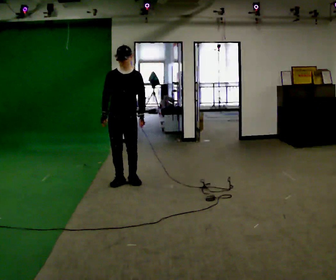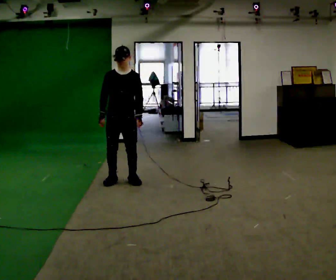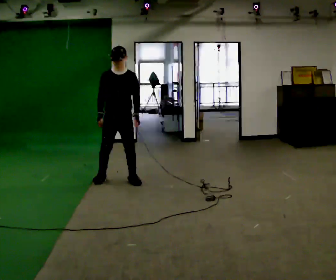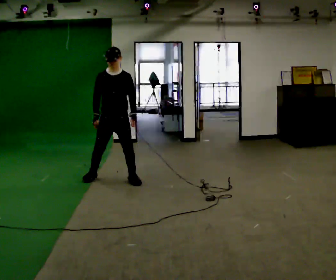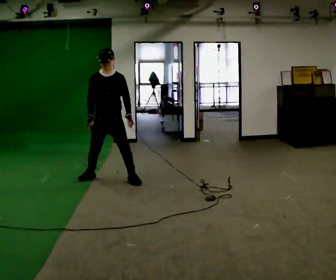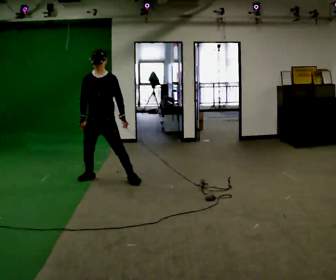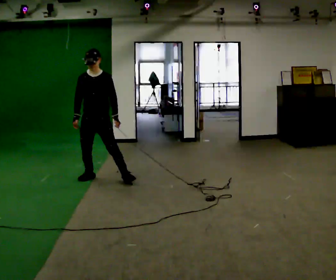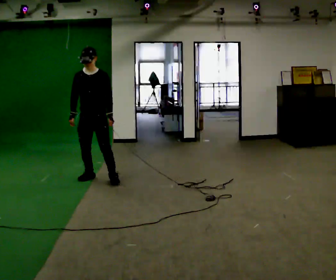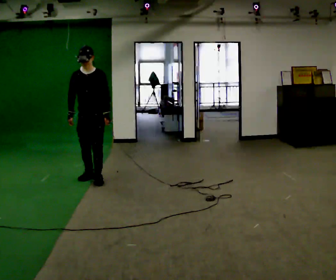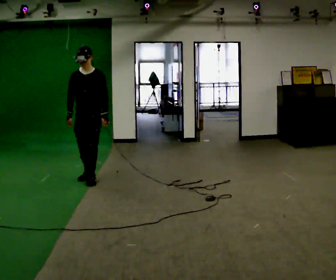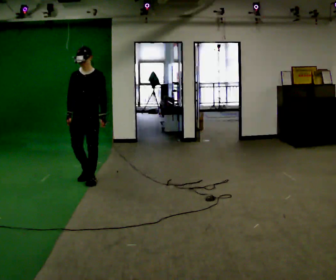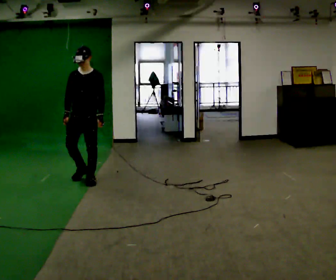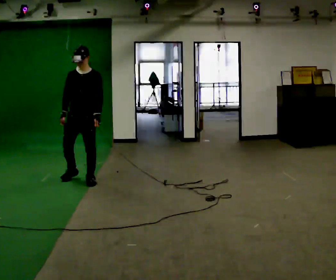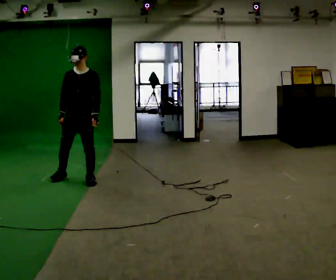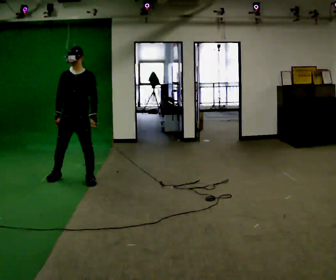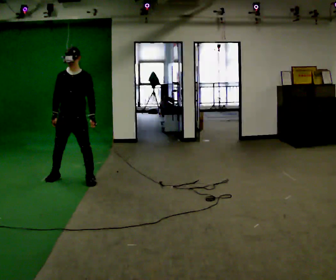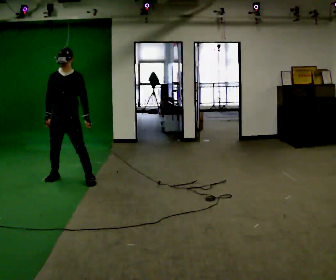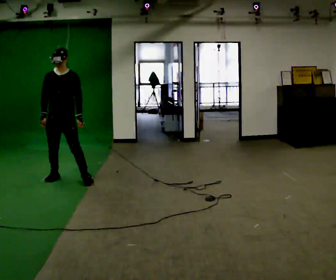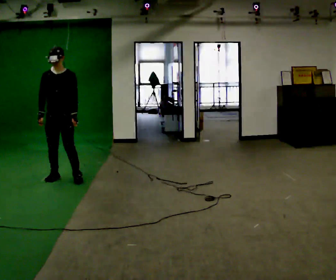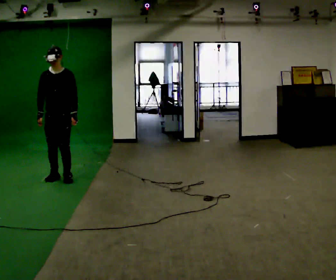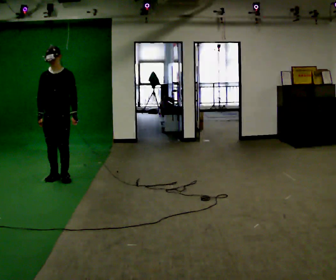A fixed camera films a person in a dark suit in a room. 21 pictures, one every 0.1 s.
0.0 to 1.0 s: In the picture they go to the left, about 0.5 m in 2 steps, which for them is to their right.
1.0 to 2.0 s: In the picture they go to the left, about 0.5 m in 2 steps, which for them is to their right.
The film runs forward here.
